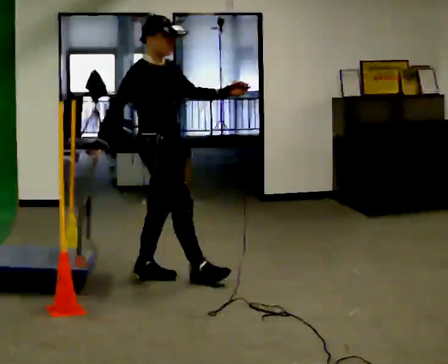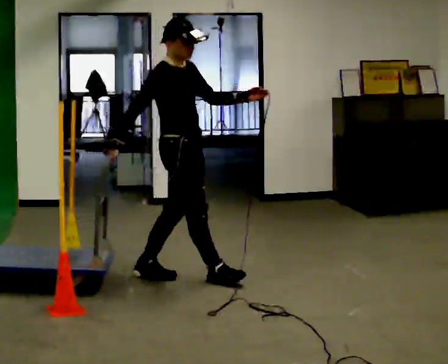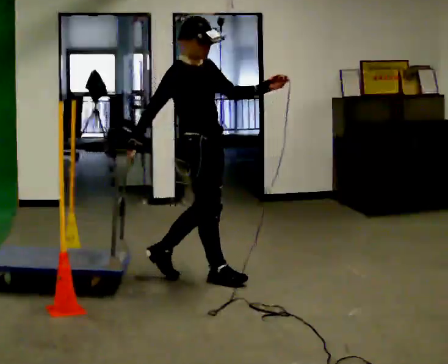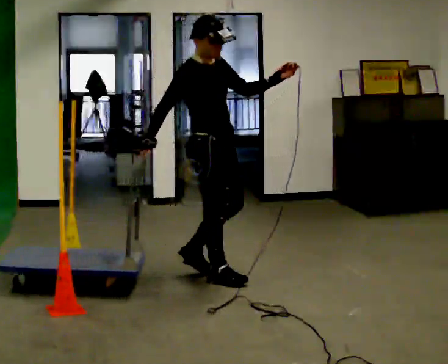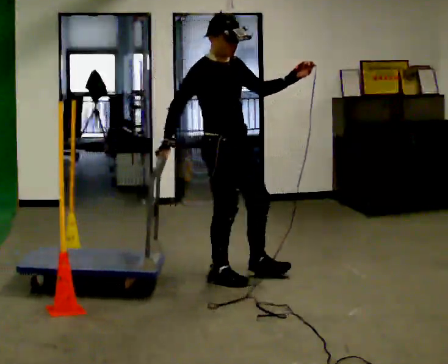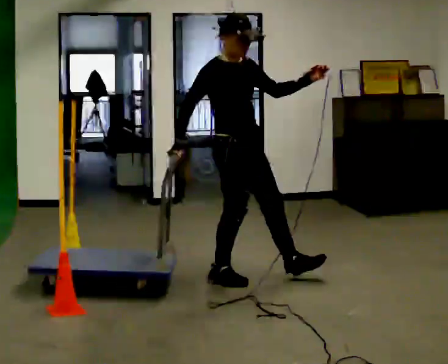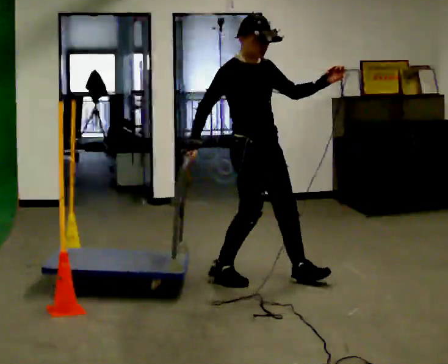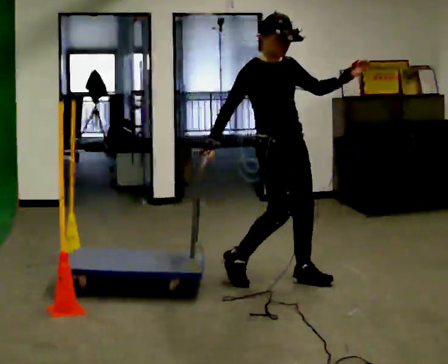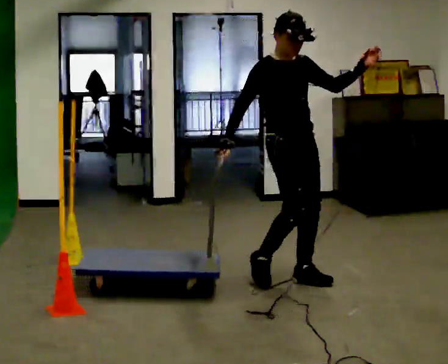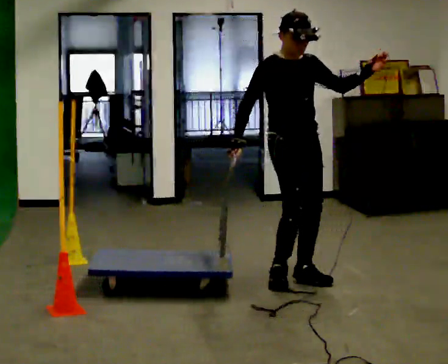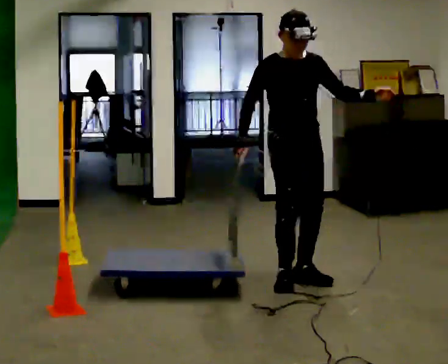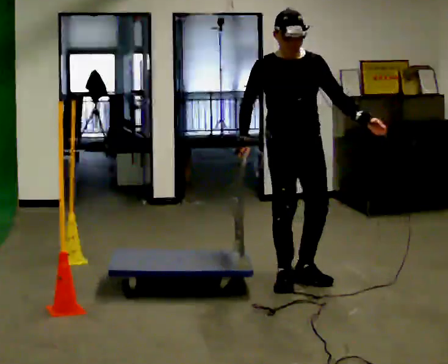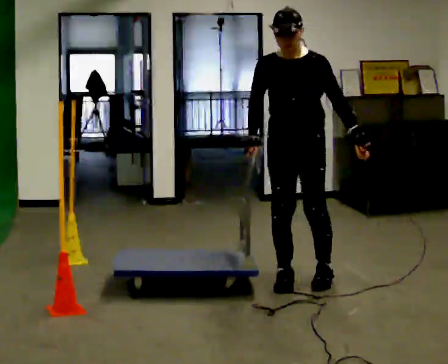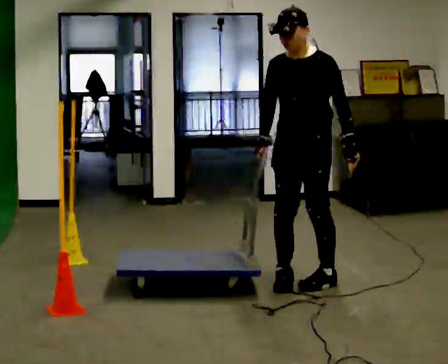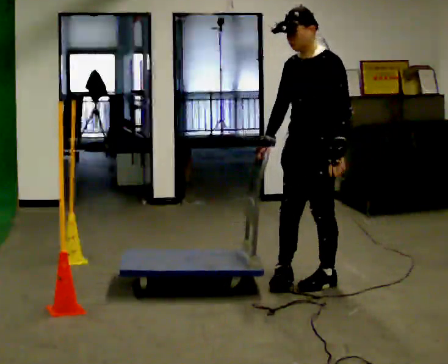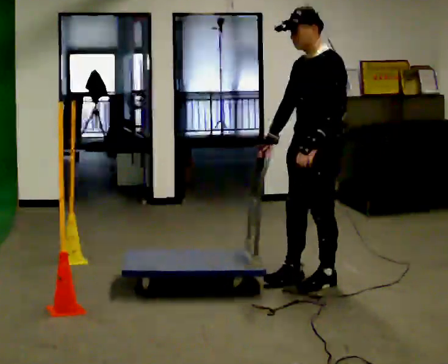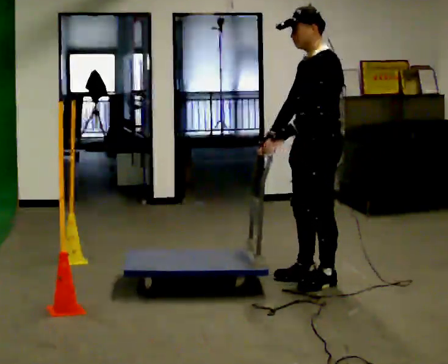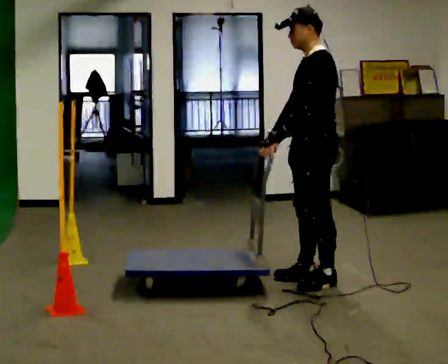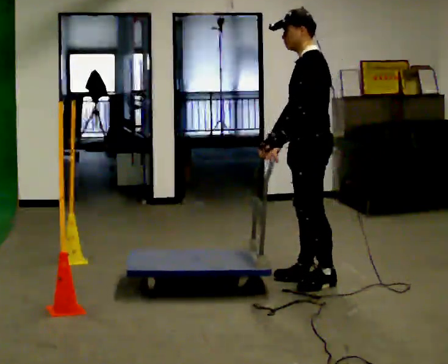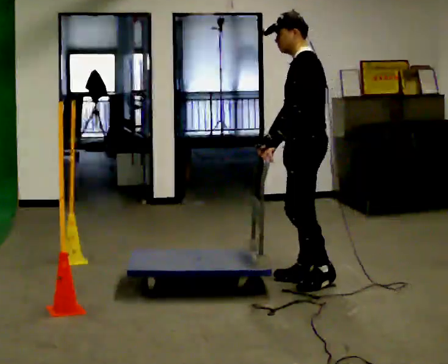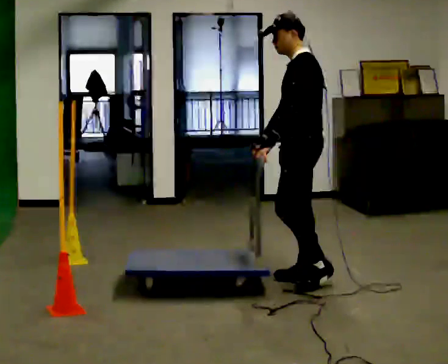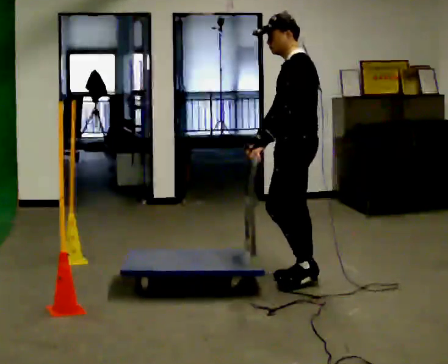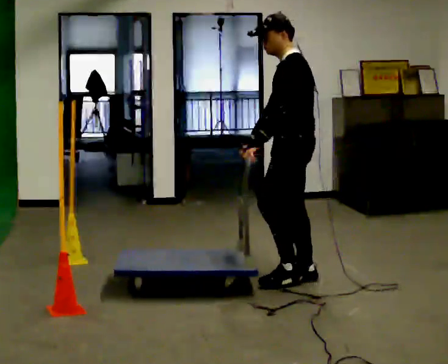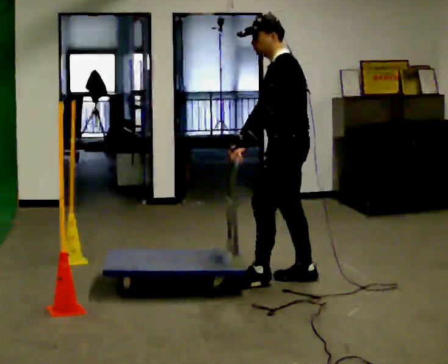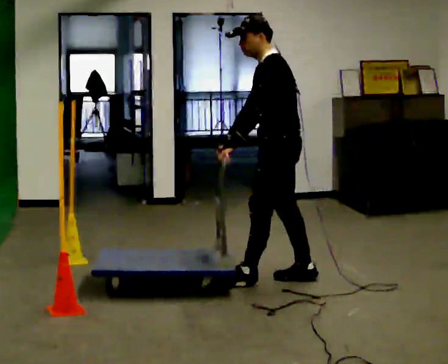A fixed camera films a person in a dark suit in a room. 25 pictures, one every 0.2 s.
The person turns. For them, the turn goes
to their right.
The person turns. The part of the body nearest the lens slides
to the left.
0.0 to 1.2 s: In the picture they go to the right, about 0.75 m in 2 steps, which for them is forward.
1.2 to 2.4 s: The person turns about 75 degrees to their right, clockwise seen from above, so the part of the body nearest the lens slides to the left. In the picture they go to the right, about 0.25 m in 1 step. In the picture their left hand goes downward.
2.4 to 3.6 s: The part of the body nearest the lens slides to the left as the person turns to their right by about 75 degrees. In the picture their left hand goes to the left, the arm swinging clockwise.
3.6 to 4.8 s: In the picture they go to the left, about 0.25 m in 1 step, which for them is forward.
The film runs forward here.
